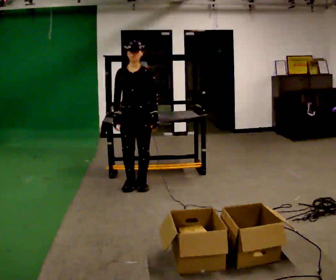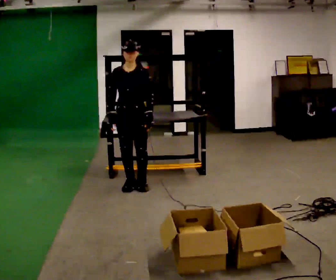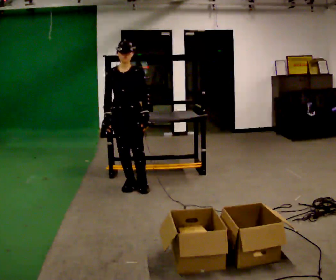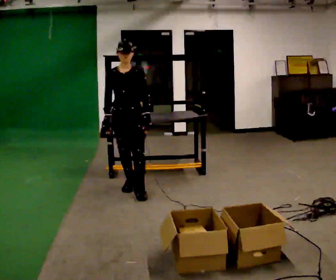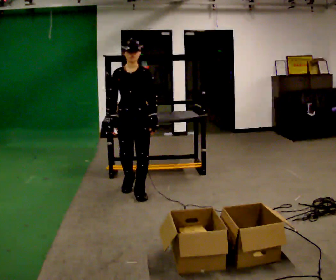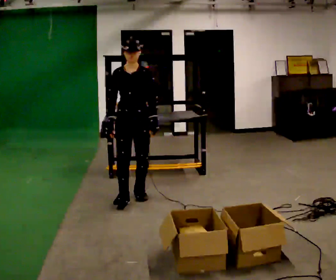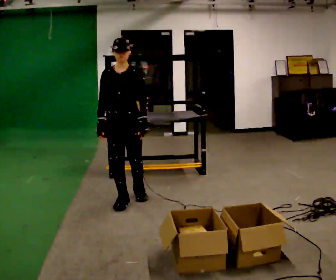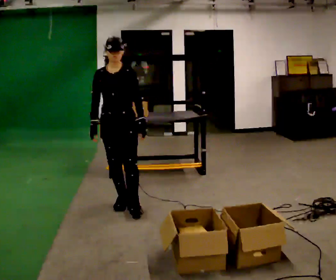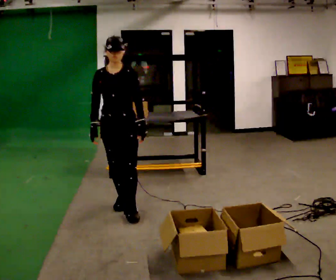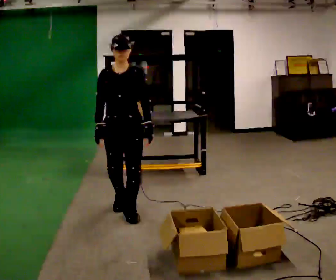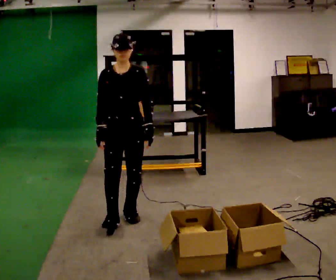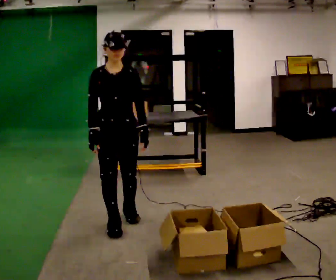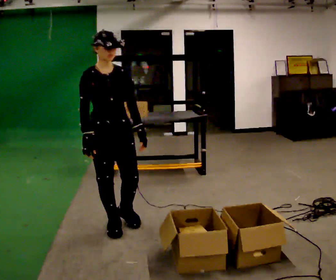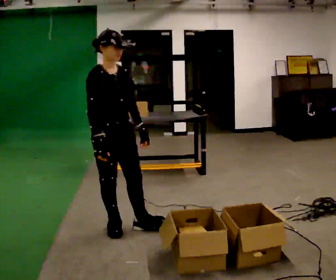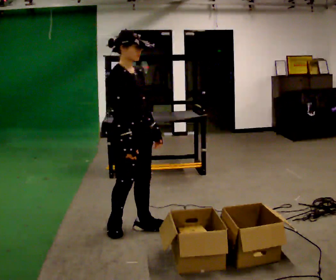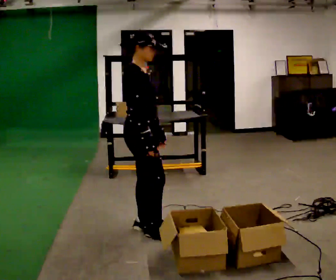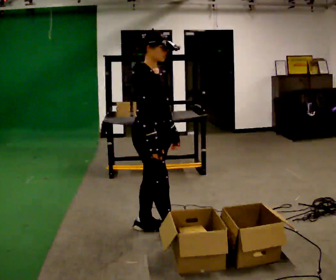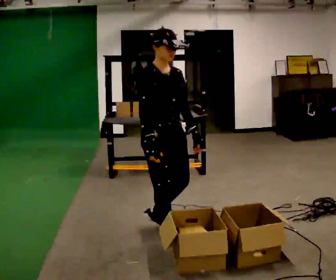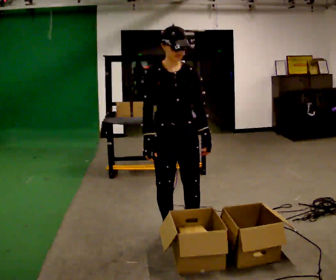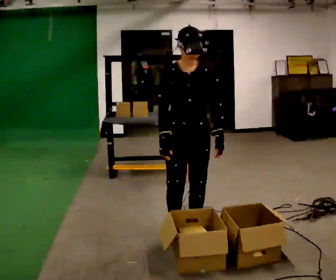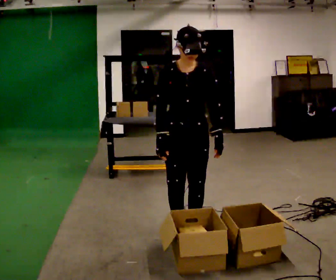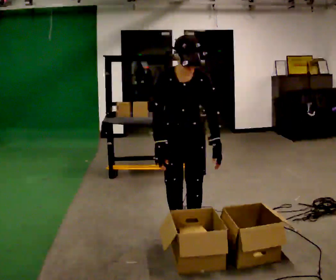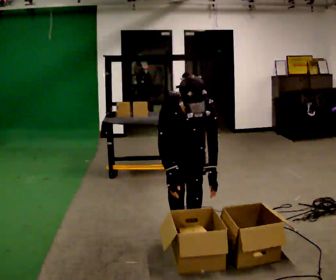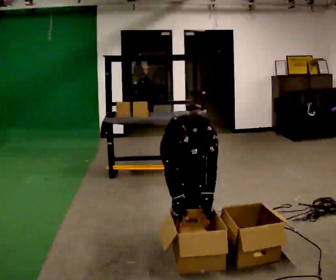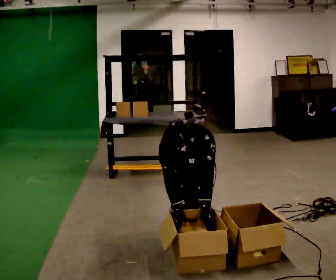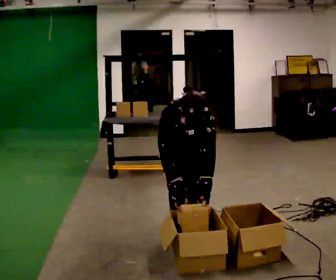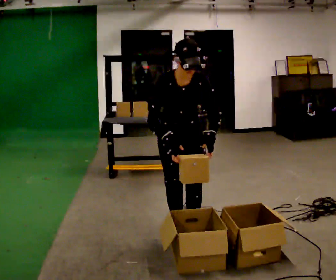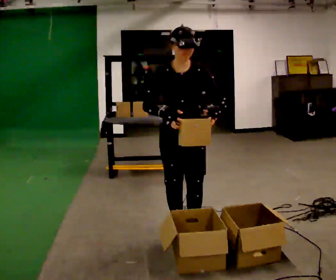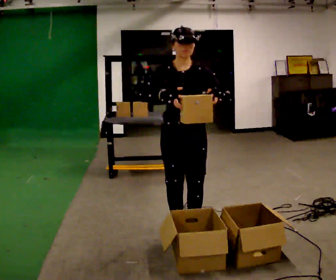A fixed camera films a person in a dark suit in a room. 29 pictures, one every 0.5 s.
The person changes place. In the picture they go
toward the camera.
The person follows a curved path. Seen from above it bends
counterclockwise.
0.0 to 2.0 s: In the picture they go toward the camera, about 0.25 m in 1 step, which for them is forward.
2.0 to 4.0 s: In the picture they go toward the camera, about 0.5 m in 2 steps, which for them is forward.
4.0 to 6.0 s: Seen from above the body turns counterclockwise, about 30 degrees: to their left, with its near side sliding to the right. In the picture they go toward the camera, about 0.5 m in 1 step, which for them is forward.
6.0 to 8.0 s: The person turns about 30 degrees to their left, counterclockwise seen from above, so the part of the body nearest the lens slides to the right. In the picture they go to the right, about 0.25 m in 2 steps, which for them is forward and to their left.
8.0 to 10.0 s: Seen from above the body turns clockwise, about 60 degrees: to their right, with its near side sliding to the left. In the picture they go to the right, about 0.25 m in 1 step, which for them is to their left and forward.
10.0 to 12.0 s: The shoulders move downward. The upper body tips toward the camera, its near side rolling downward, as they bend forward. In the picture their left hand goes downward.
12.0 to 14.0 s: The shoulders move upward. The upper body tips away from the camera, its near side rolling upward, as they lean back or straighten. In the picture their left hand goes upward.
The film runs forward here.
